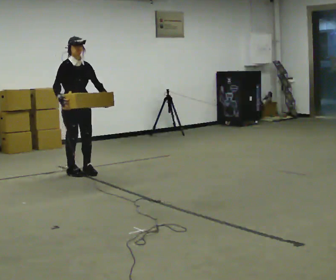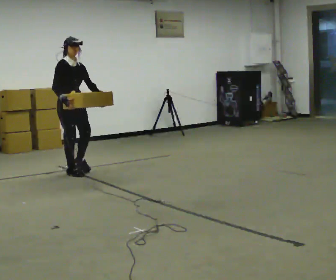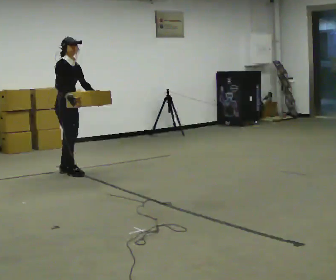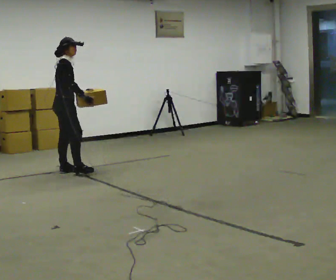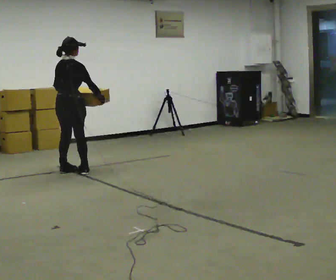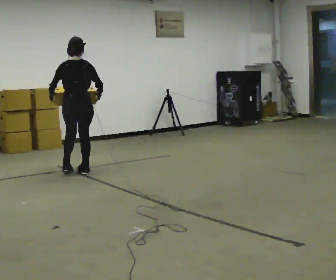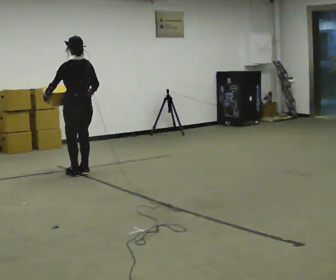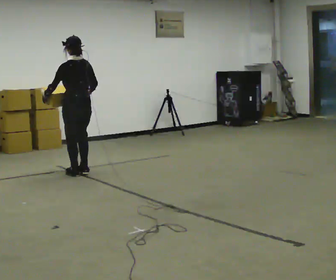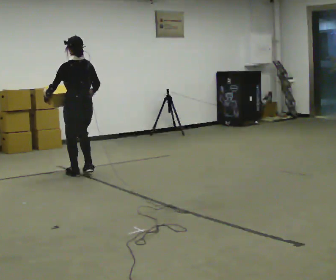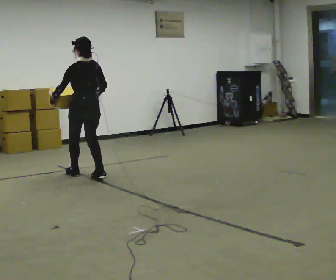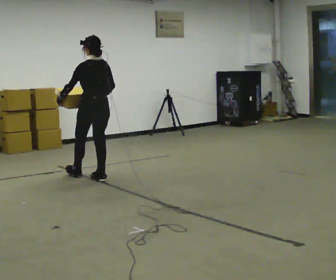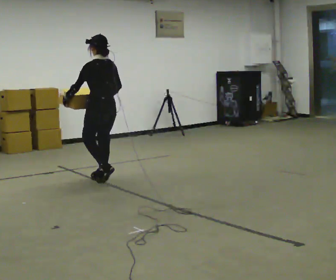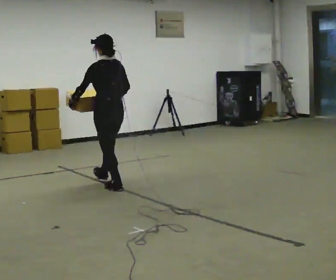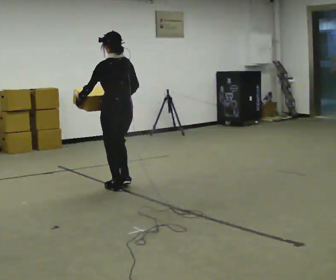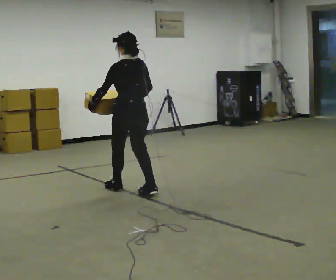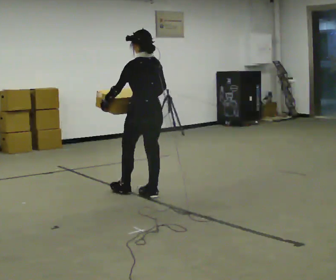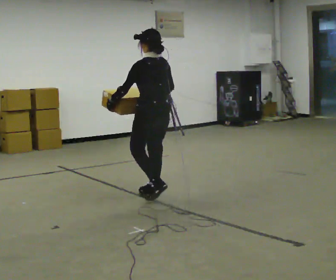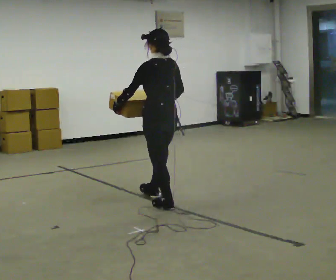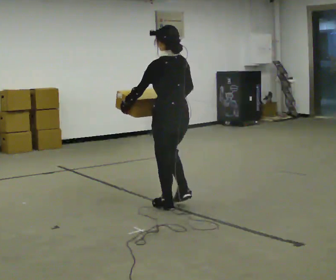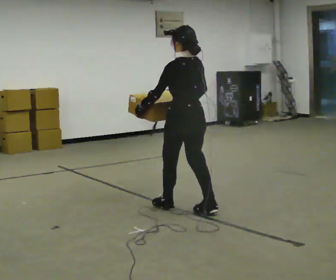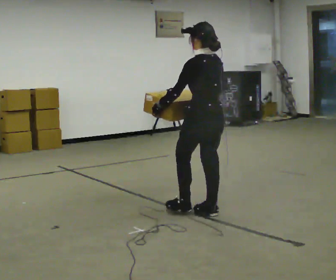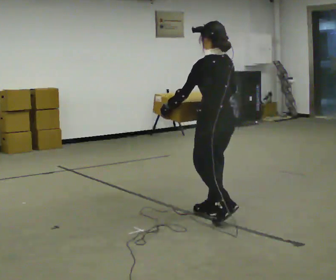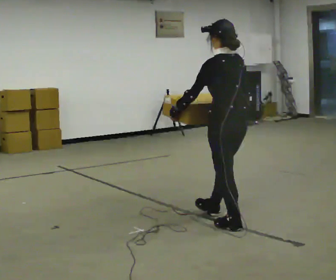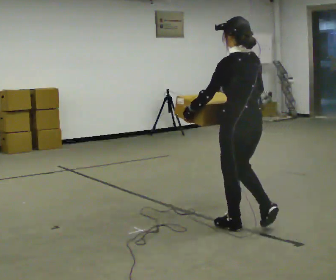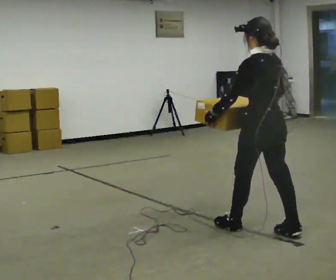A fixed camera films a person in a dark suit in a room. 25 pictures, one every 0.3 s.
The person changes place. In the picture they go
toward the camera.
Their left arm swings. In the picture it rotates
clockwise.
0.0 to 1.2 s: Seen from above the body turns counterclockwise, about 105 degrees: to their left, with its near side sliding to the right. In the picture their left hand goes to the left, the arm swinging clockwise.
1.2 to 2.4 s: The person turns about 75 degrees to their left, counterclockwise seen from above, so the part of the body nearest the lens slides to the right. In the picture they go toward the camera and to the right, about 0.25 m in 2 steps.
2.4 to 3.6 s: In the picture they go toward the camera and to the right, about 0.5 m in 1 step, which for them is backward.
3.6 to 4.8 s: In the picture they go toward the camera and to the right, about 0.5 m in 2 steps, which for them is backward.
4.8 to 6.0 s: In the picture they go toward the camera and to the right, about 0.5 m in 2 steps, which for them is backward.
6.0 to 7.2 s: In the picture they go toward the camera and to the right, about 0.75 m in 1 step, which for them is backward.
The film runs backward here.
